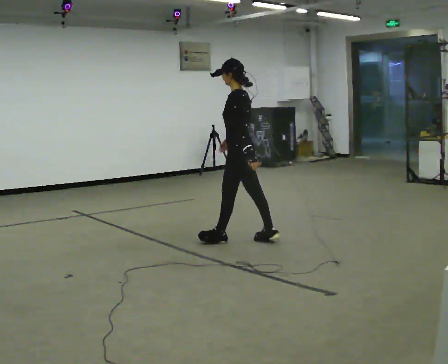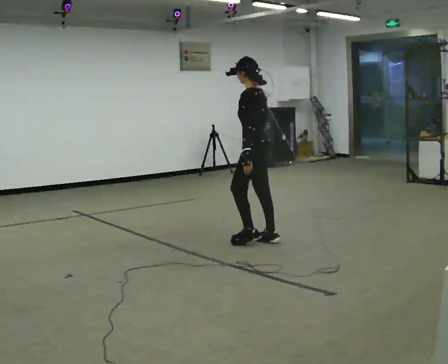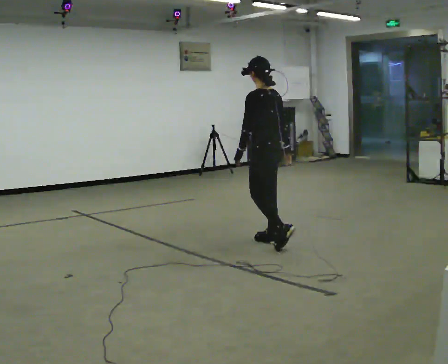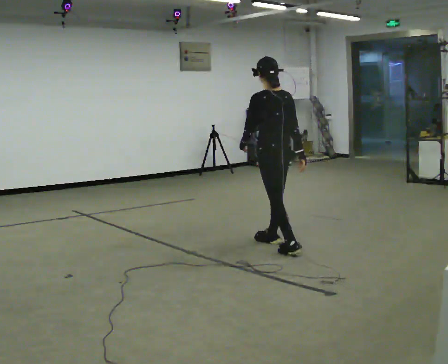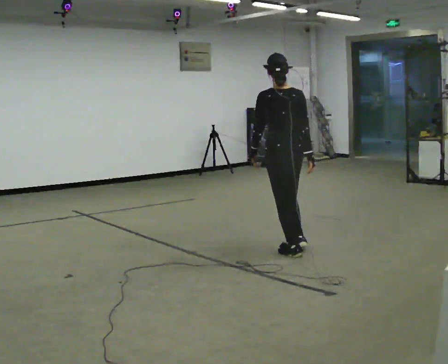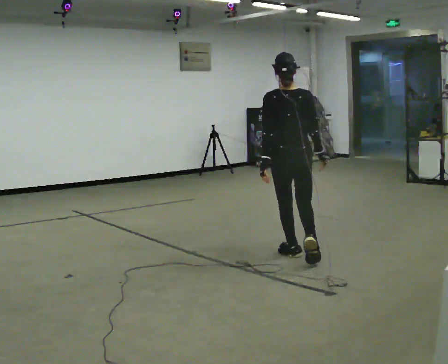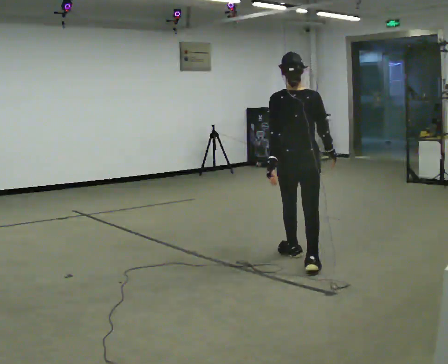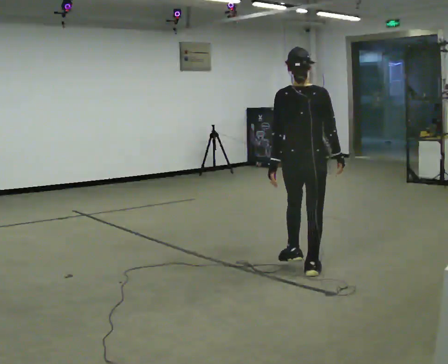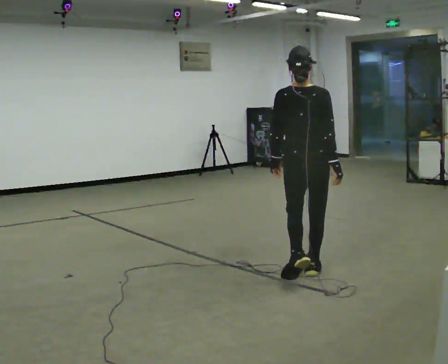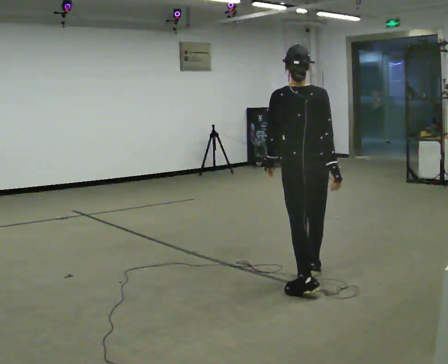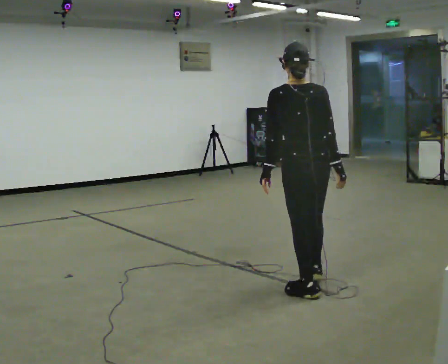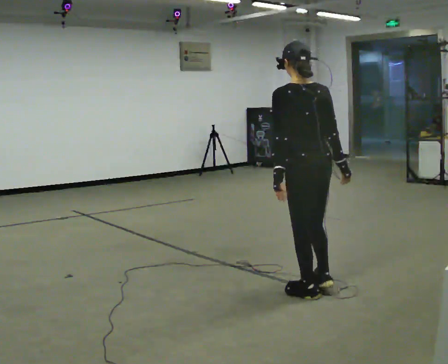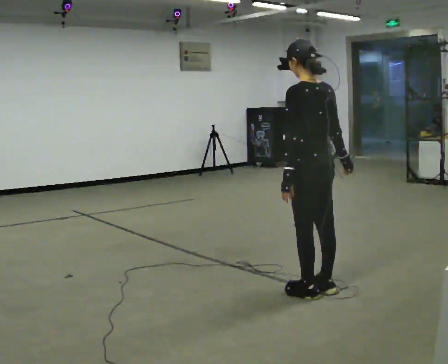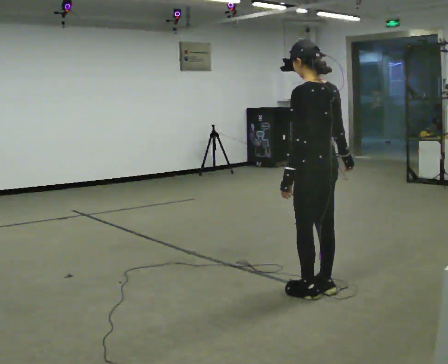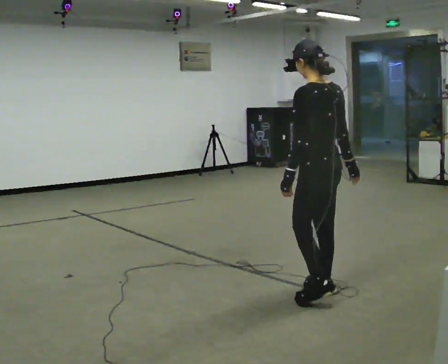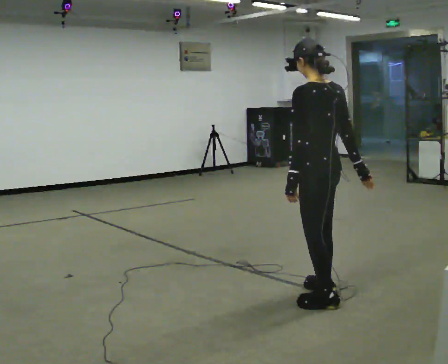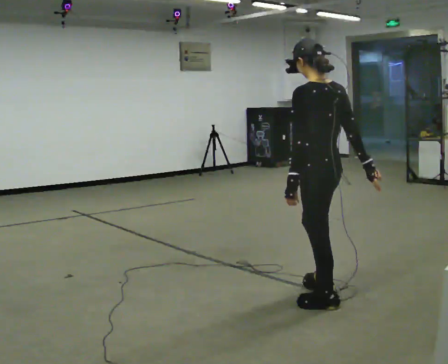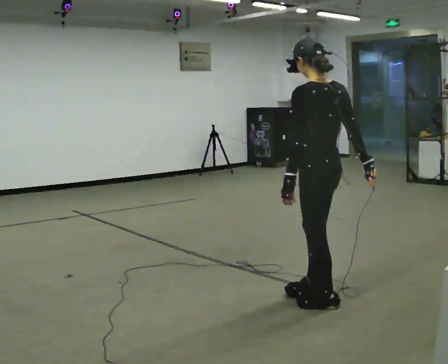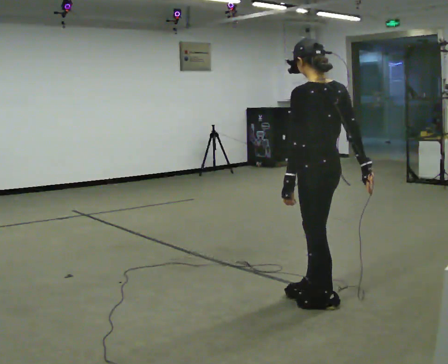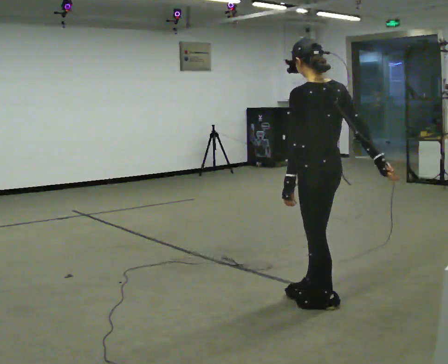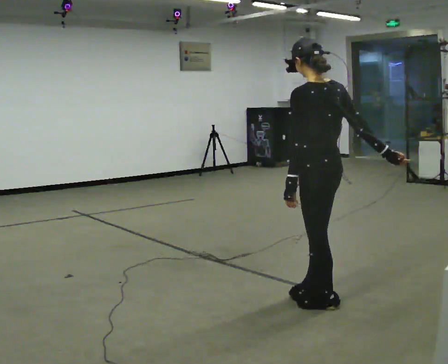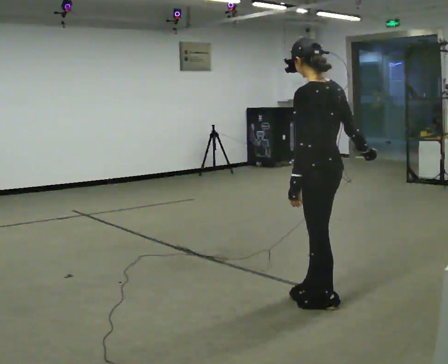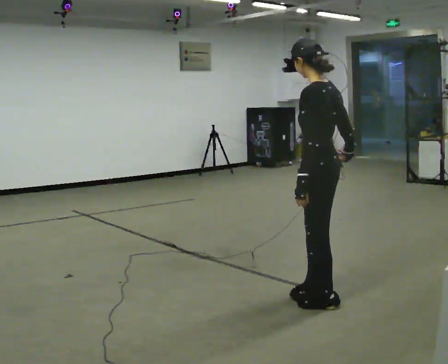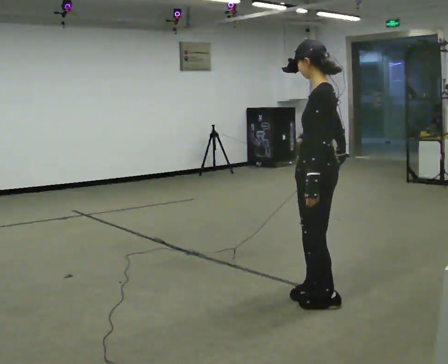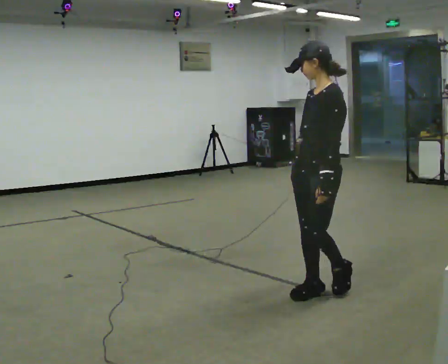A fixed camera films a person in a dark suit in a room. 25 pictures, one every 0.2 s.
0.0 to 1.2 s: Seen from above the body turns clockwise, about 75 degrees: to their right, with its near side sliding to the left. In the picture they go toward the camera and to the right, about 1 m in 2 steps.
1.2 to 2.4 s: The part of the body nearest the lens slides to the right as the person turns to their left by about 45 degrees. In the picture they go toward the camera, about 0.5 m in 2 steps, which for them is backward.
2.4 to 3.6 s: In the picture they go toward the camera, about 0.25 m in 1 step, which for them is backward and to their left.
3.6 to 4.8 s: Seen from above the body turns counterclockwise, about 75 degrees: to their left, with its near side sliding to the right. In the picture they go away from the camera, about 0.25 m in 1 step.
The film runs backward here.
